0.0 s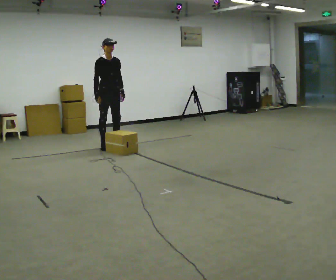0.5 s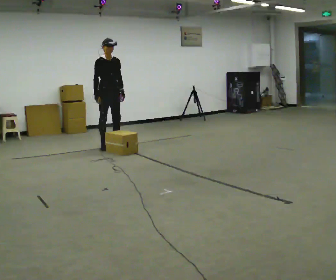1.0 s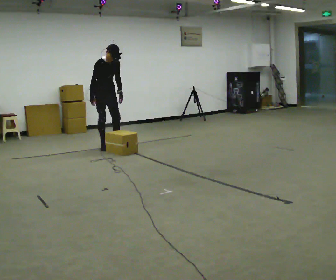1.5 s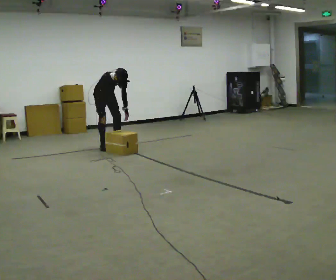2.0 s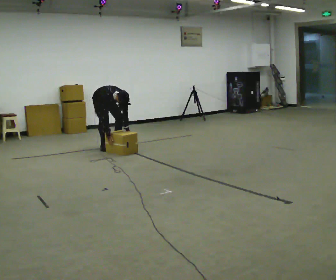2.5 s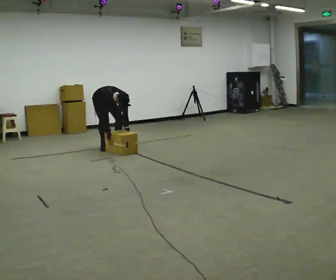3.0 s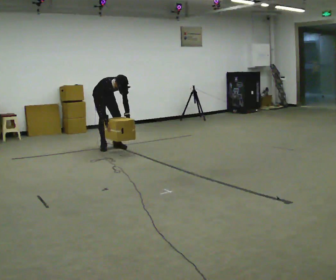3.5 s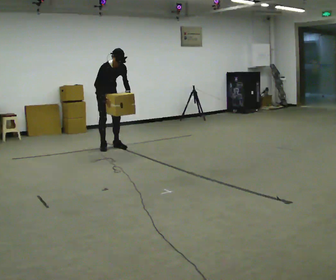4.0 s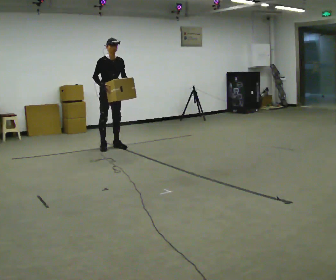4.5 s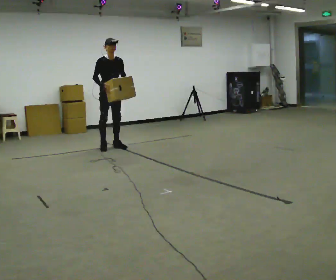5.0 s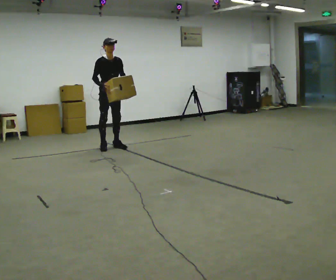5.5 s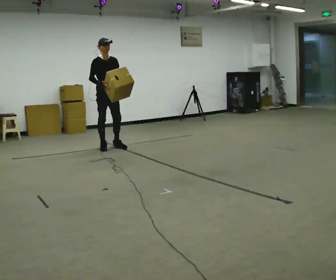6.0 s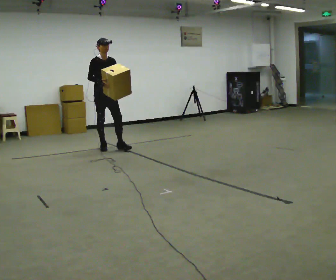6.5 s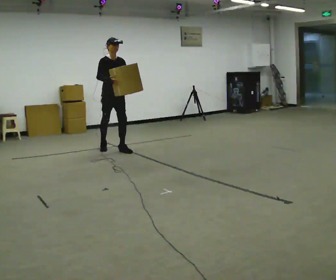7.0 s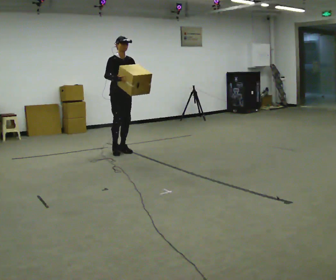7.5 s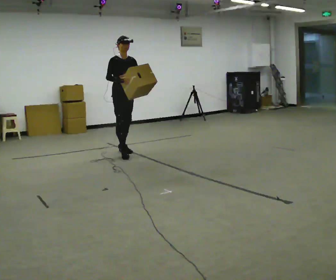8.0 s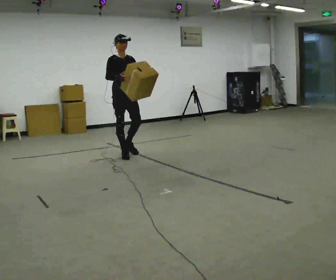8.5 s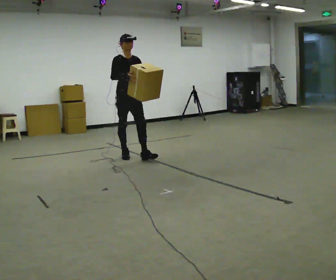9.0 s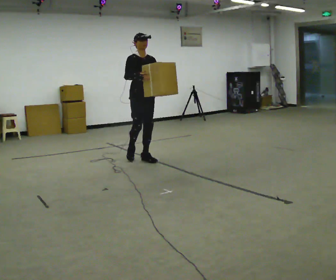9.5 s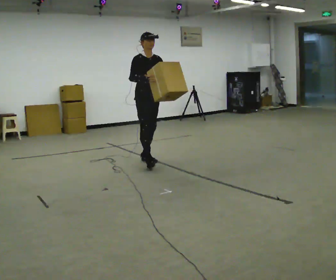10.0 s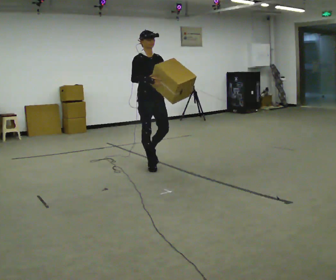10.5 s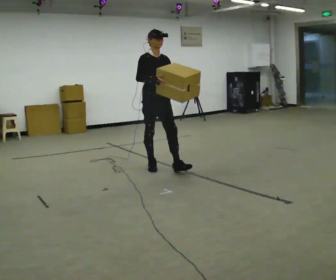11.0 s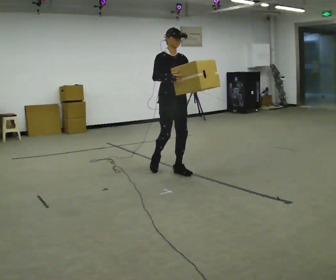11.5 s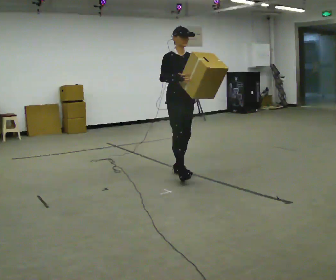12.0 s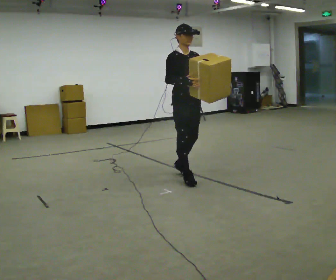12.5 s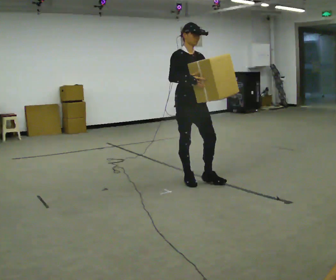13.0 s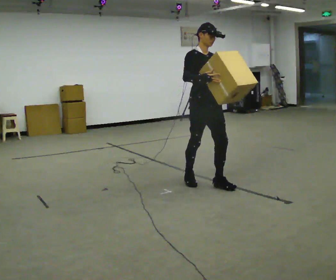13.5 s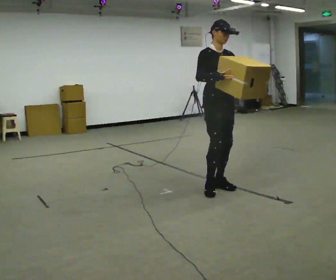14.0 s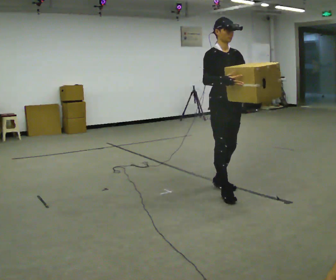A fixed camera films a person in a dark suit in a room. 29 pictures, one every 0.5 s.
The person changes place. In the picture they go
toward the camera.
0.0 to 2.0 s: The upper body goes downward. The upper body tips toward the camera, its near side rolling downward, as they bend forward. In the picture their left hand goes downward.
2.0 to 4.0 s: The upper body goes upward. The upper body tips away from the camera, its near side rolling upward, as they lean back or straighten. In the picture their left hand goes upward.
4.0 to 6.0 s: The person moves a little, or ends about where they began.
6.0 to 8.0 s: In the picture they go toward the camera and to the right, about 0.5 m in 2 steps, which for them is forward.
8.0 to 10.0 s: In the picture they go toward the camera and to the right, about 0.5 m in 2 steps, which for them is forward.
10.0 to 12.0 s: In the picture they go toward the camera and to the right, about 0.5 m in 2 steps, which for them is forward.
12.0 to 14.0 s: In the picture they go toward the camera and to the right, about 0.75 m in 2 steps, which for them is forward.
The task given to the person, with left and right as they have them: Carry the object and, while walking, turn it over in your hands to look at all sides of it. Keep turning it as you walk.
The film runs forward here.
